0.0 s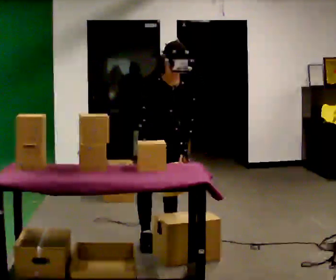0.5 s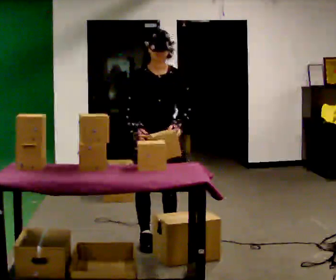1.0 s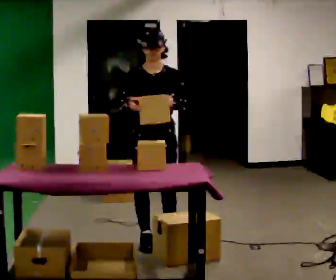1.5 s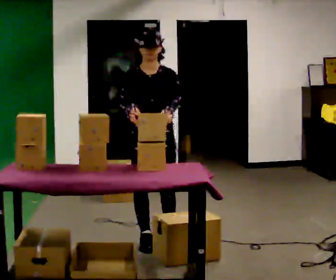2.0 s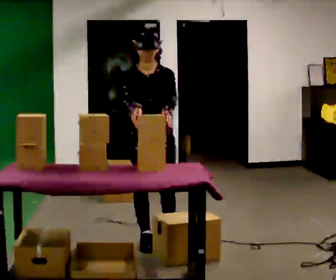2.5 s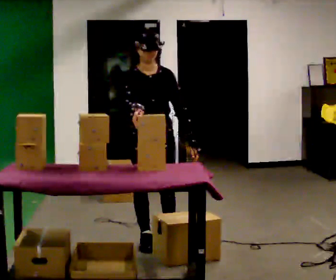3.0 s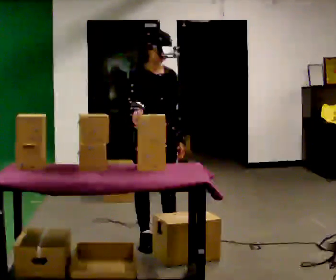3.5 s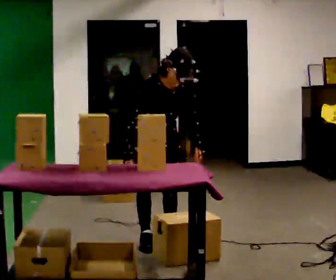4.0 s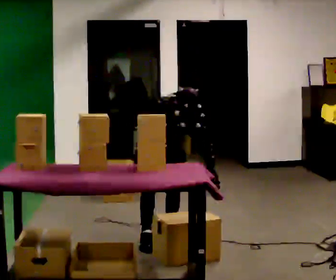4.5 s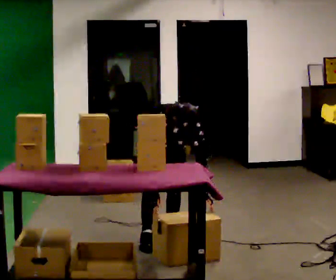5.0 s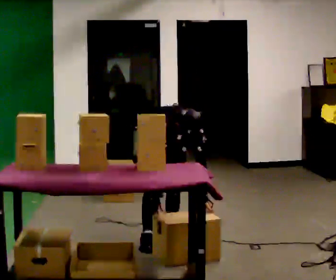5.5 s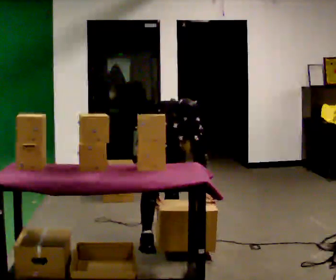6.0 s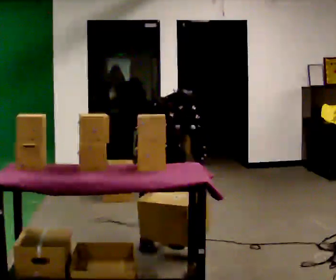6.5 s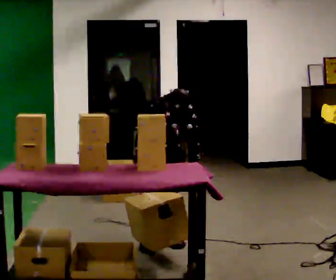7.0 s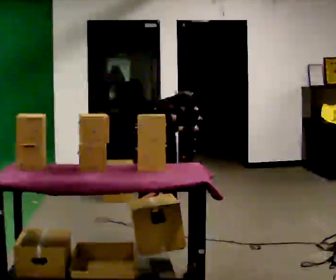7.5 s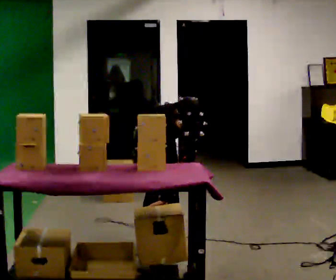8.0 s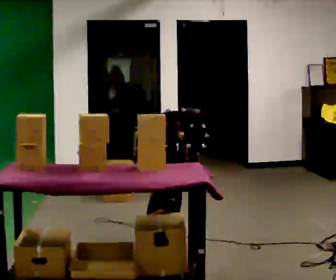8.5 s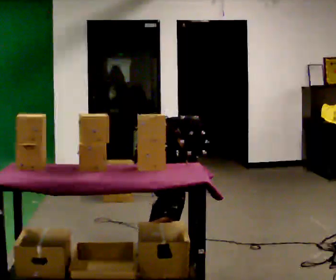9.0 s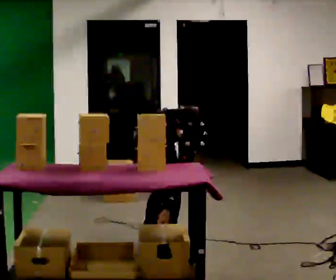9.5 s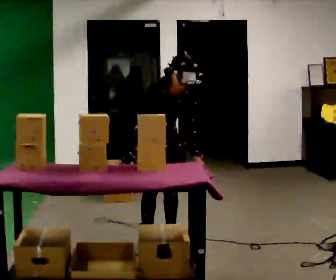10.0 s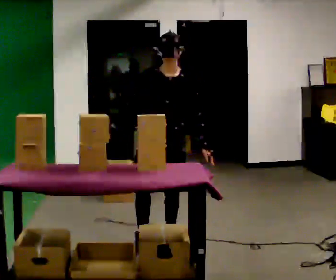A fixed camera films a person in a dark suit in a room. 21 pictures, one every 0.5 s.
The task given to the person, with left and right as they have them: 1. Take everything out of the crates by the door. 2. Put the small items on the middle shelf. 3. Put the large items on the bottom shelf. 4. Stack the empty crates by the door. 5. Tell the operator when you are finished.
0.0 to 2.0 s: In the picture the upper body tilts counterclockwise, shoulders to the left. In the picture their left hand goes upward.
2.0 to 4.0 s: In the picture they go away from the camera, about 0.25 m, which for them is backward and to their left. The shoulders move downward. The upper body tips toward the camera, its near side rolling downward, as they bend forward. In the picture their left hand goes downward.
4.0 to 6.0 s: The person moves a little, or ends about where they began.
6.0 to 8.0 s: In the picture the upper body tilts clockwise, shoulders to the right.
8.0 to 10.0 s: The part of the body nearest the lens slides to the left as the person turns to their right by about 30 degrees. The upper body goes upward. The upper body tips away from the camera, its near side rolling upward, as they lean back or straighten.
The film runs forward here.
